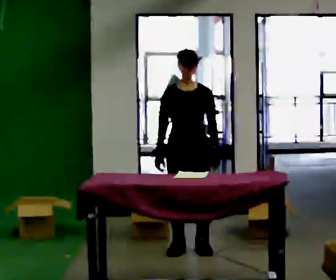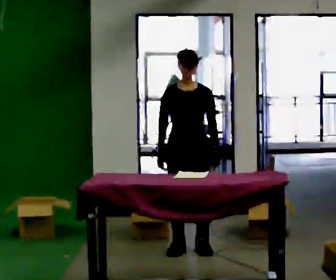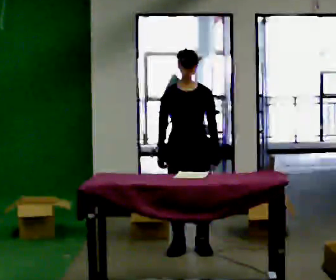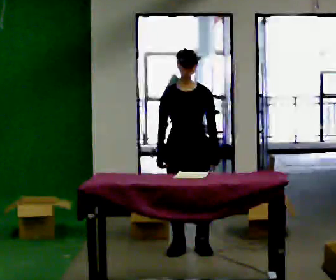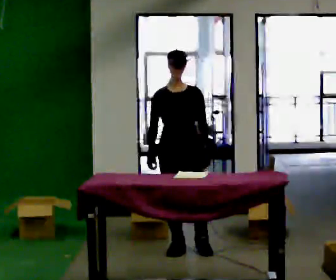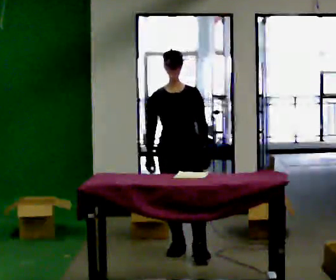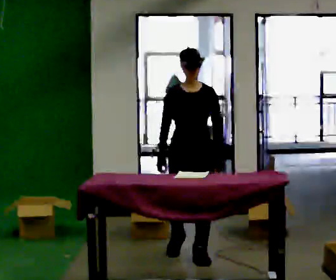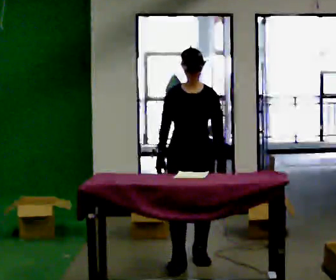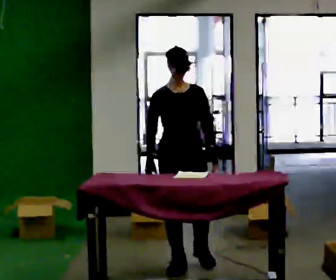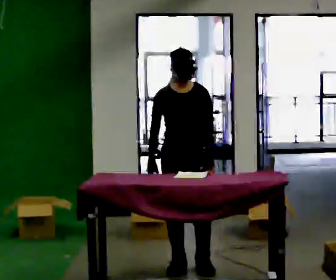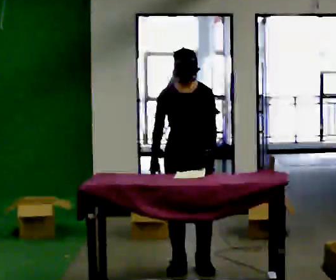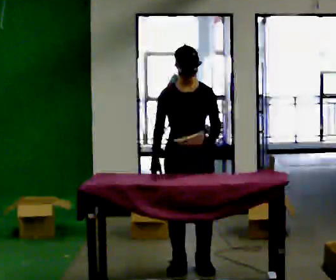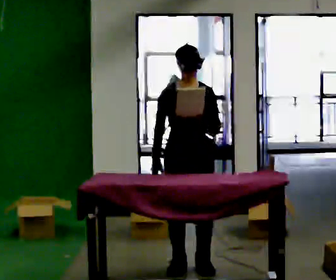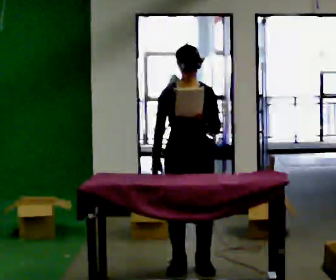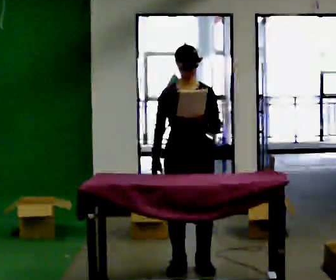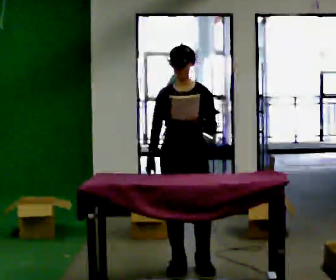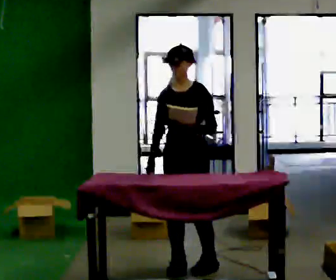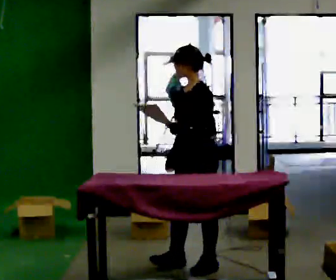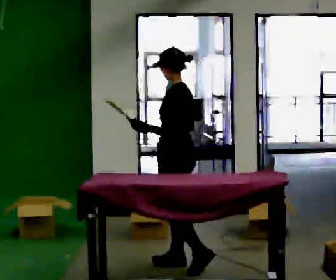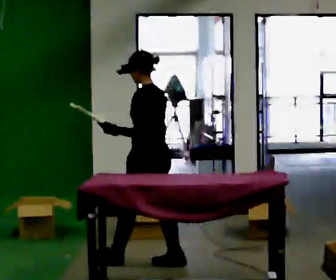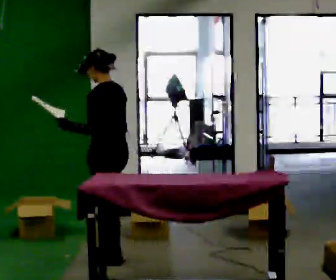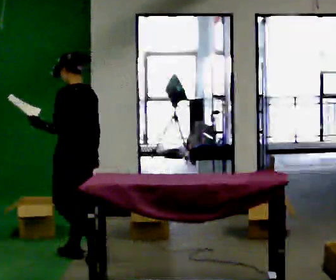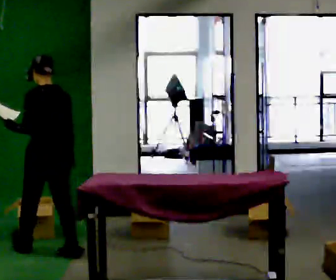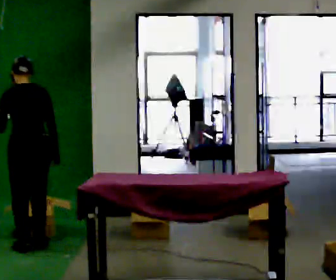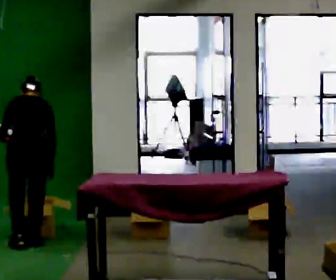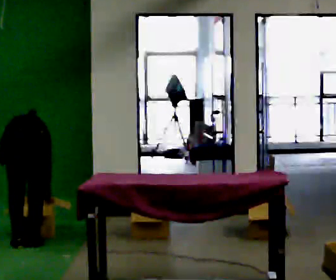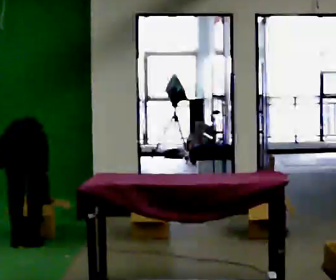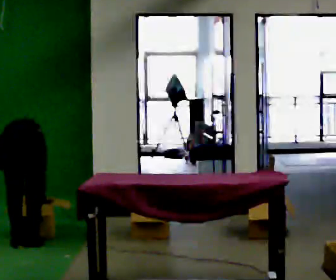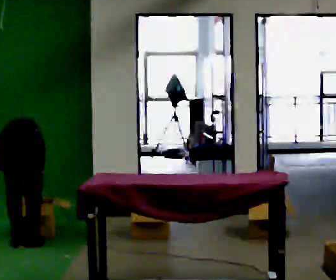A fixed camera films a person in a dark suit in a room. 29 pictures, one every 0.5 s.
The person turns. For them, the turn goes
to their right.
The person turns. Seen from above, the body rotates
clockwise.
0.0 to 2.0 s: The person moves a little, or ends about where they began.
2.0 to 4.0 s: In the picture they go toward the camera, about 0.5 m in 2 steps, which for them is forward.
4.0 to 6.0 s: The person moves a little, or ends about where they began.
6.0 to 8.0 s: Seen from above the body turns clockwise, about 30 degrees: to their right, with its near side sliding to the left.
8.0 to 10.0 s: Seen from above the body turns clockwise, about 90 degrees: to their right, with its near side sliding to the left. In the picture they go to the left, about 0.5 m in 1 step.
10.0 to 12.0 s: Seen from above the body turns clockwise, about 45 degrees: to their right, with its near side sliding to the left. In the picture they go to the left and away from the camera, about 1 m in 3 steps, which for them is forward. The upper body tips away from the camera, its near side rolling upward, as they bend forward.
12.0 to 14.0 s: The upper body goes downward. The upper body tips away from the camera, its near side rolling upward, as they bend forward.
The film runs forward here.
